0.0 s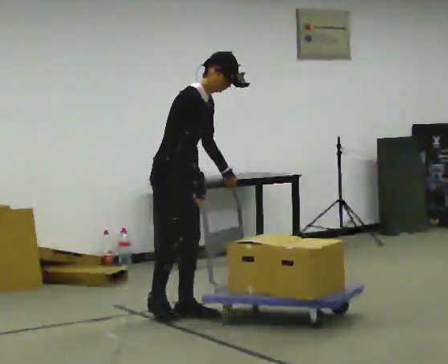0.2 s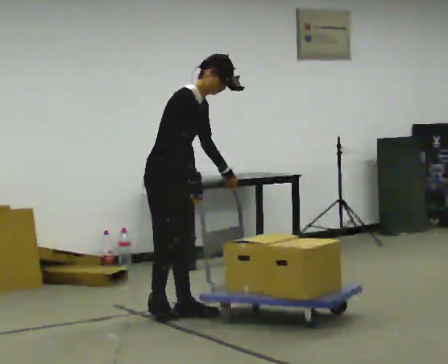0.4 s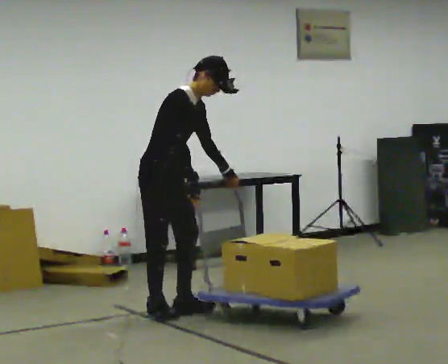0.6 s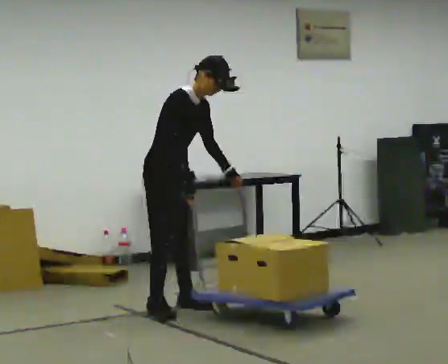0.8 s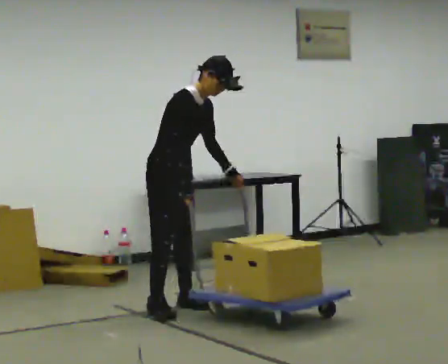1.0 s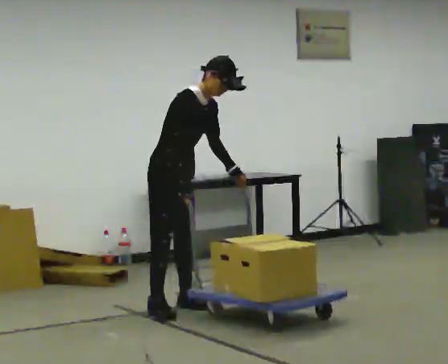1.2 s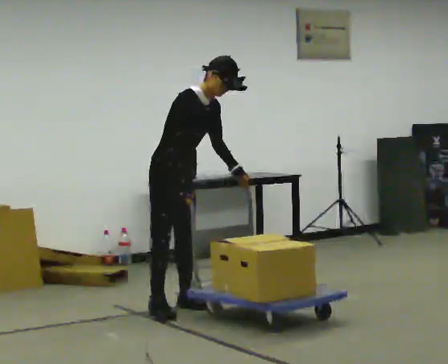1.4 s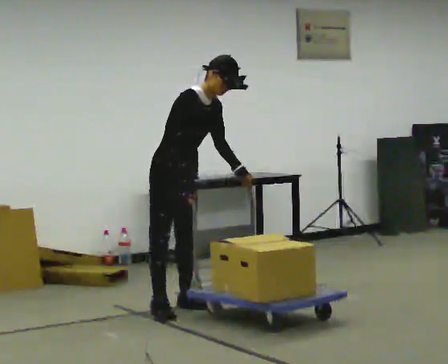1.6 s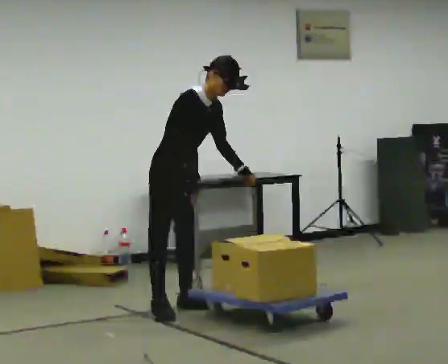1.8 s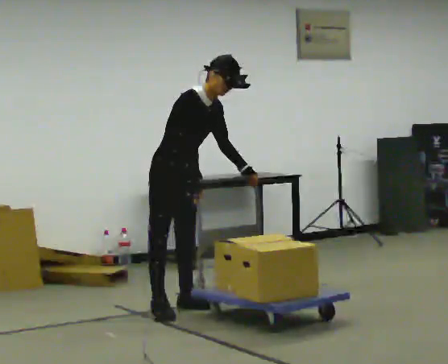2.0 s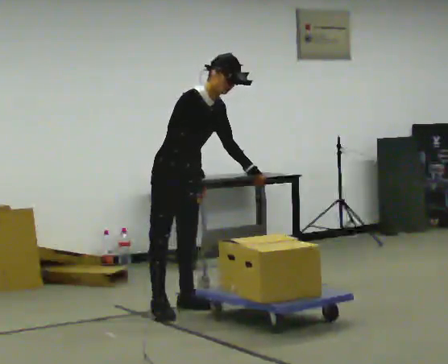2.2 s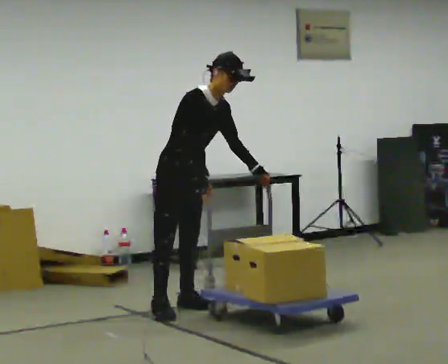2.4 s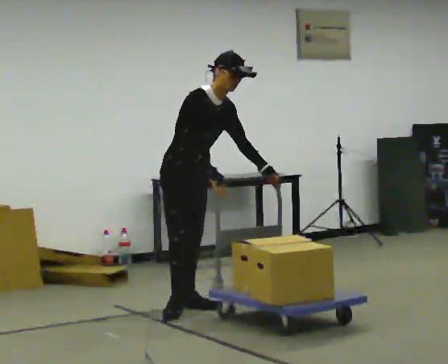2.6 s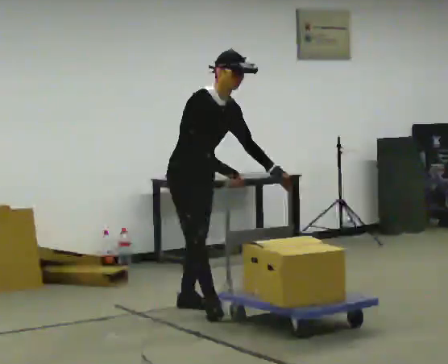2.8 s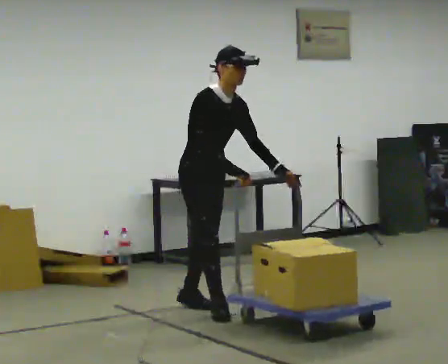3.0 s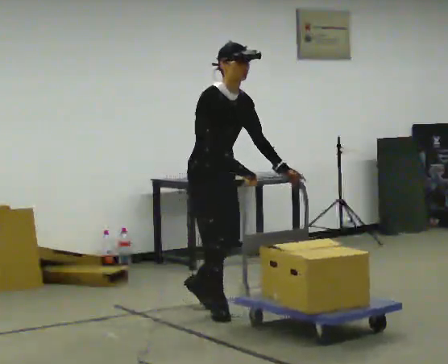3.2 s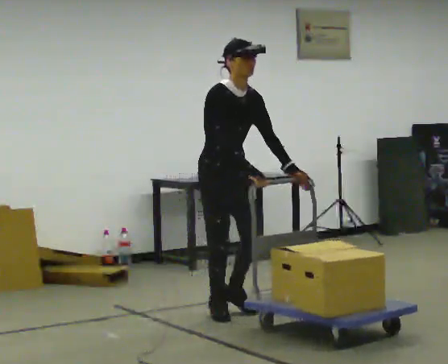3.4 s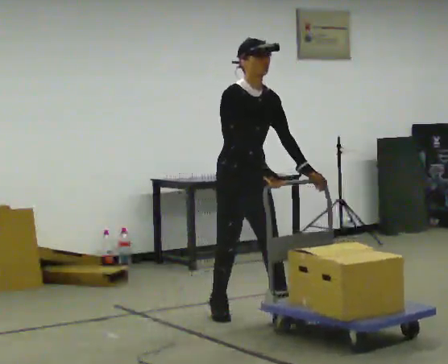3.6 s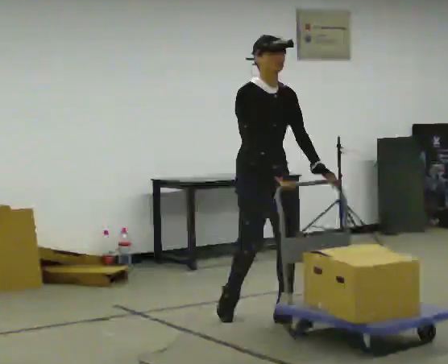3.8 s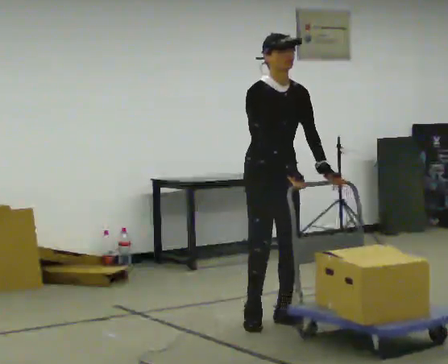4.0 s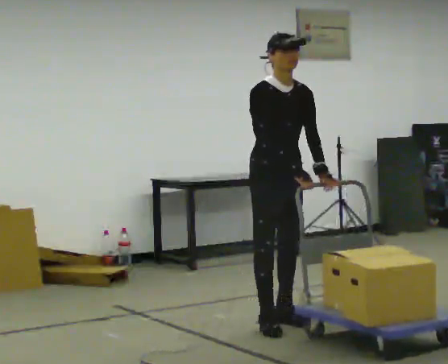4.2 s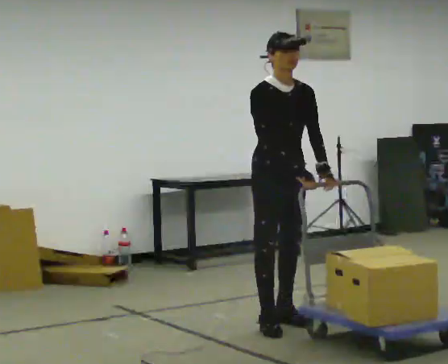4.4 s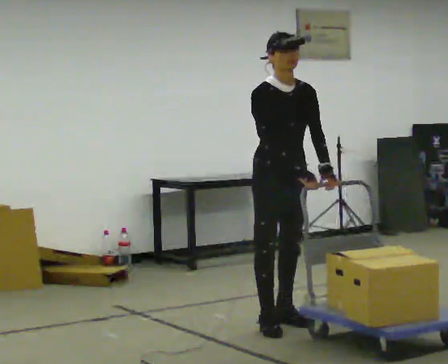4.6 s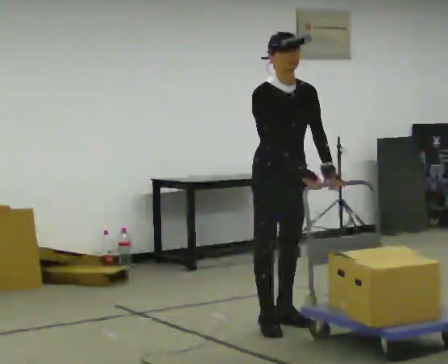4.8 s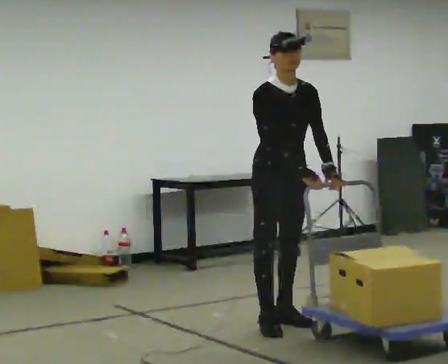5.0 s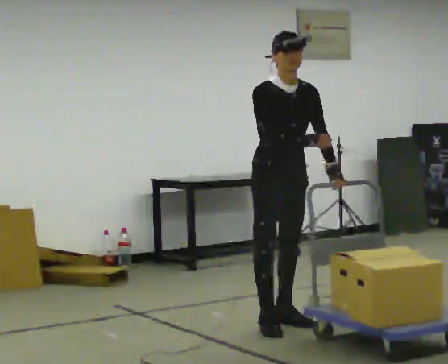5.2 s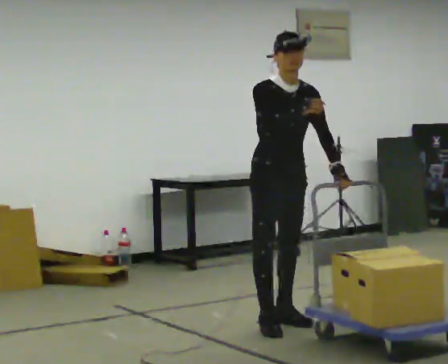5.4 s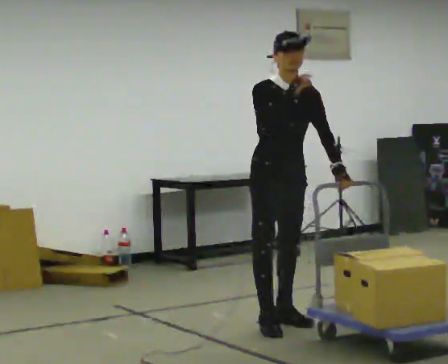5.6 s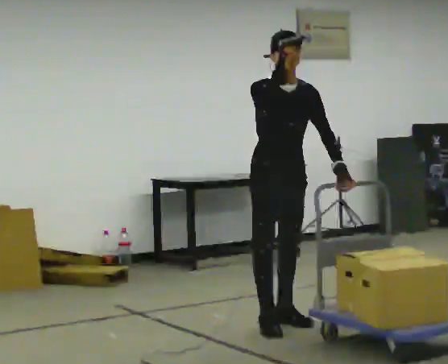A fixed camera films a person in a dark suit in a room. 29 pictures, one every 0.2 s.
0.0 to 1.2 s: In the picture they go away from the camera, about 0.25 m in 2 steps, which for them is to their left.
1.2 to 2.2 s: The person moves a little, or ends about where they began.
2.2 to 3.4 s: In the picture they go to the right and toward the camera, about 0.5 m in 2 steps, which for them is forward. In the picture the upper body tilts counterclockwise, shoulders to the left, as they lean back or straighten.
3.4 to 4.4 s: In the picture they go toward the camera and to the right, about 0.25 m in 1 step, which for them is forward.
4.4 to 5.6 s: In the picture their right hand goes upward.
The film runs forward here.
